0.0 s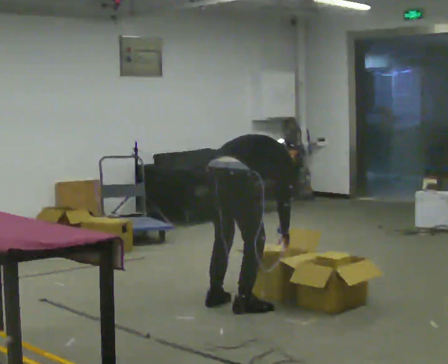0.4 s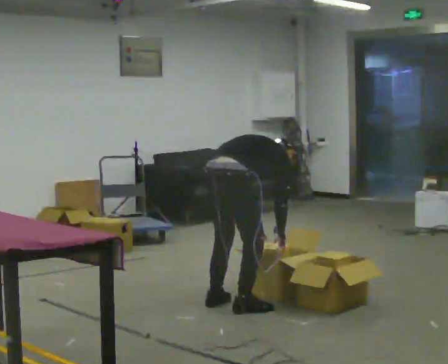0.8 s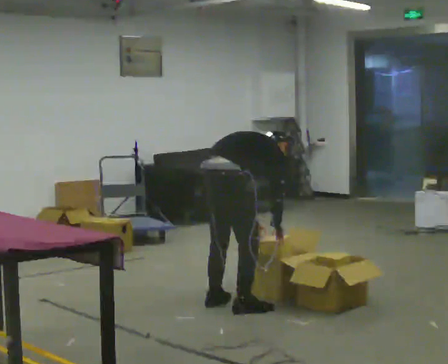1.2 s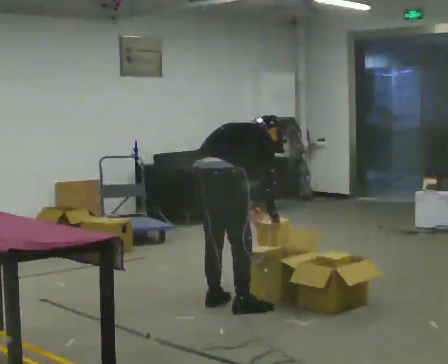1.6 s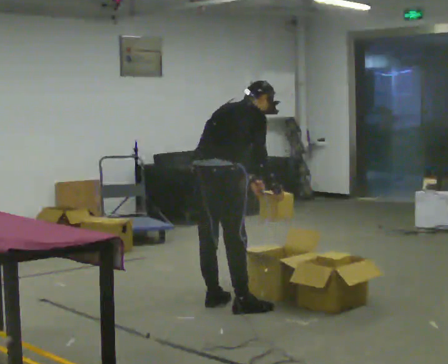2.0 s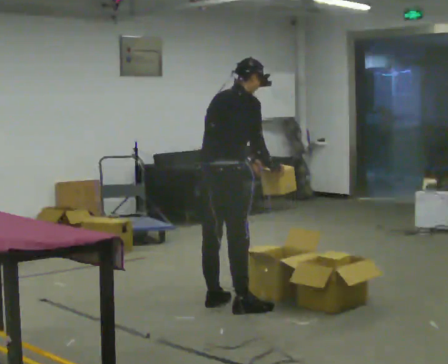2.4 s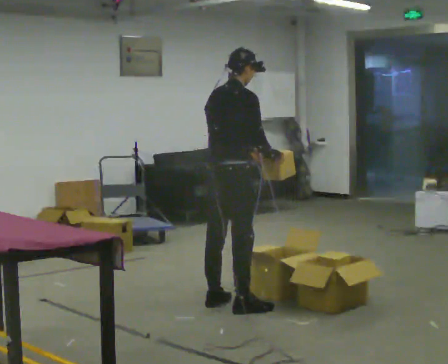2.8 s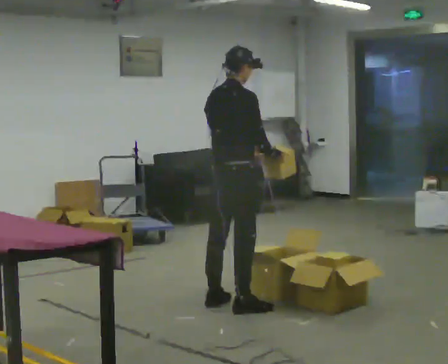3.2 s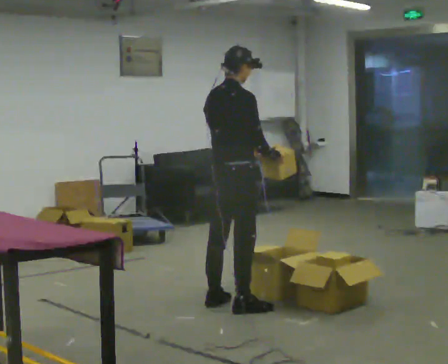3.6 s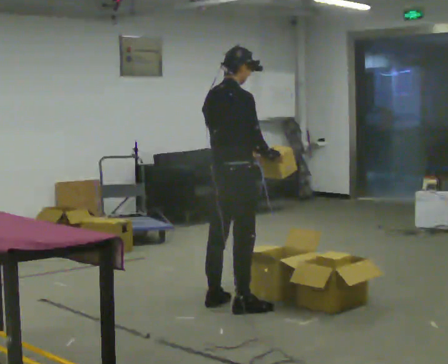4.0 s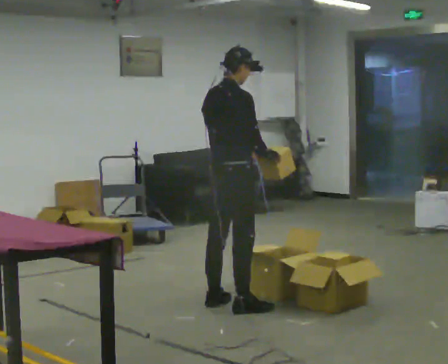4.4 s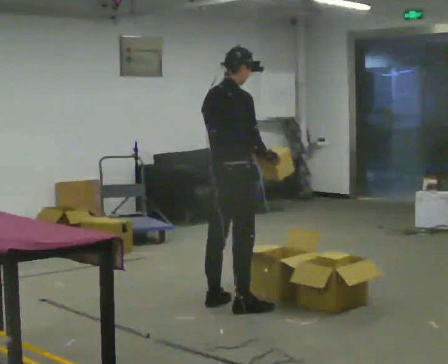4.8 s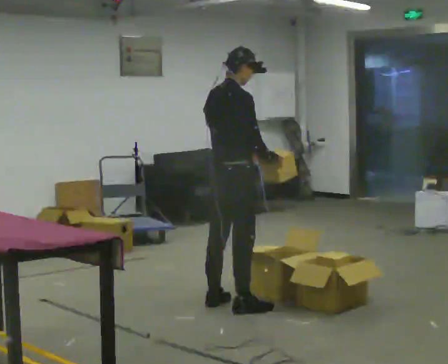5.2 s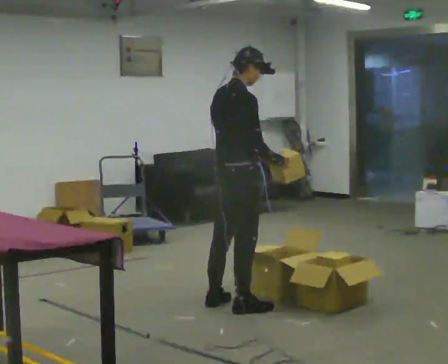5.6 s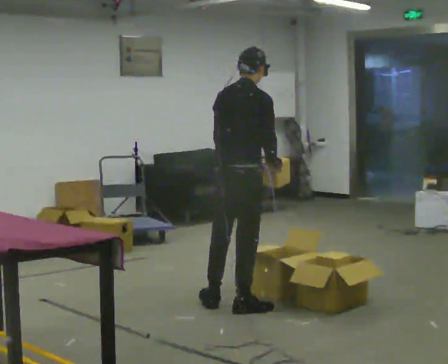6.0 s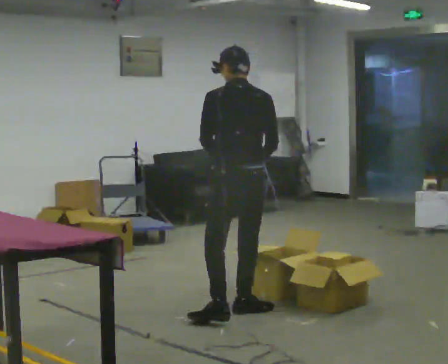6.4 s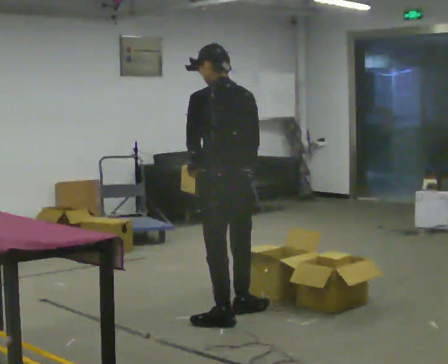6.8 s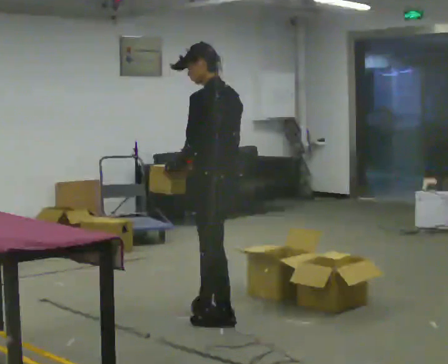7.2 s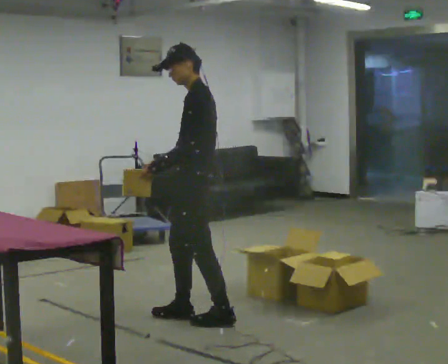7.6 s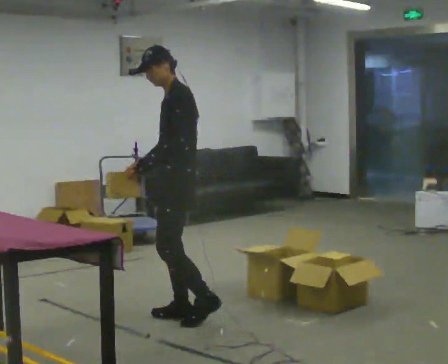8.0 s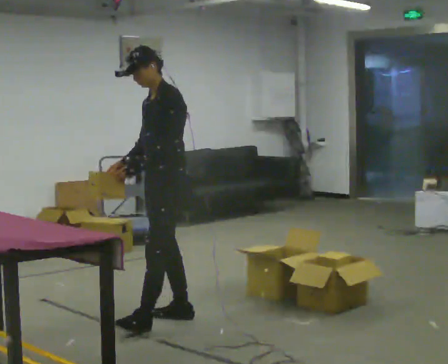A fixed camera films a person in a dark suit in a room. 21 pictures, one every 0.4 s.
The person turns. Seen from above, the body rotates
counterclockwise.
The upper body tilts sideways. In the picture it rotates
counterclockwise.
0.0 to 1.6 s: The shoulders move upward. The upper body tips toward the camera, its near side rolling downward, as they lean back or straighten. In the picture their left hand goes upward.
1.6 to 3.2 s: In the picture the upper body tilts counterclockwise, shoulders to the left, as they lean back or straighten.
3.2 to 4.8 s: The person moves a little, or ends about where they began.
4.8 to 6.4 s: The part of the body nearest the lens slides to the right as the person turns to their left by about 75 degrees. In the picture they go toward the camera, about 0.5 m in 1 step.
6.4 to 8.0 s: The person turns about 90 degrees to their left, counterclockwise seen from above, so the part of the body nearest the lens slides to the right. In the picture they go to the left, about 0.25 m in 1 step.
The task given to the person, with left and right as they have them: 1. Look at the shelf and see which spaces are empty. 2. Find matching items in the bins on the floor. 3. Fill the empty spaces on the shelf. 4. Tell the operator when you are finished.
The film runs forward here.
